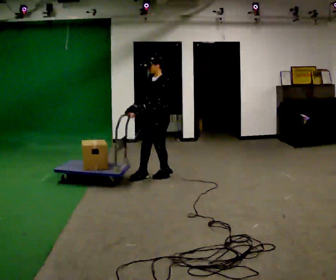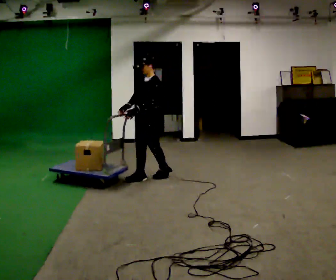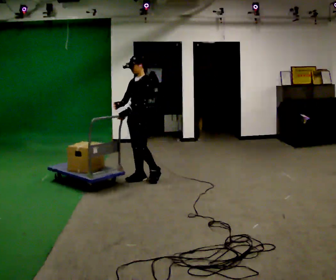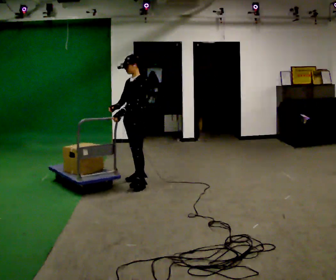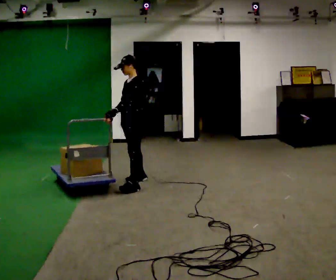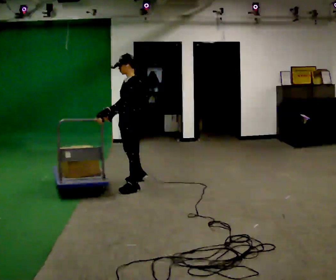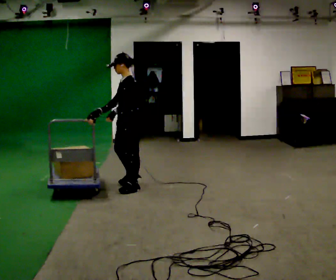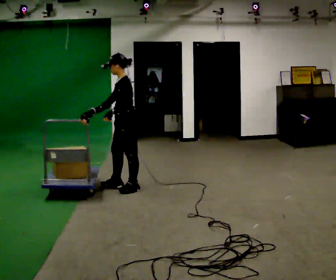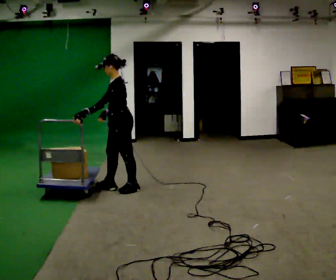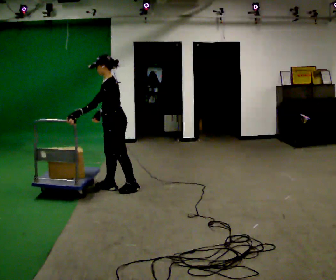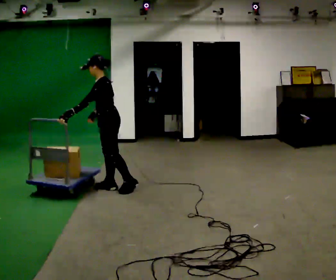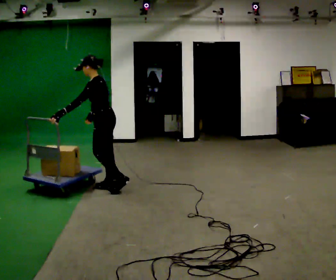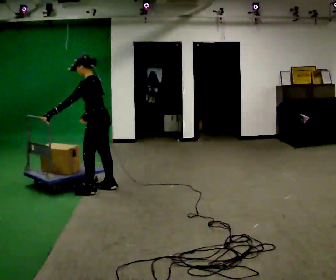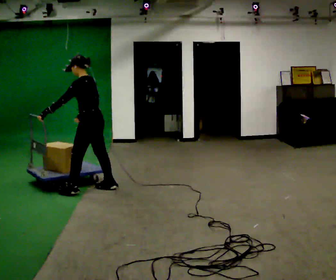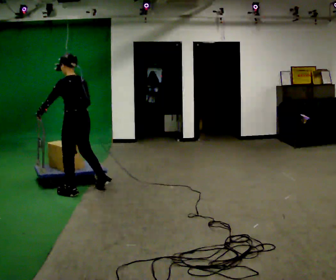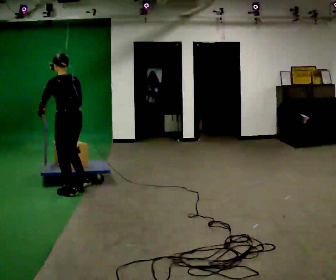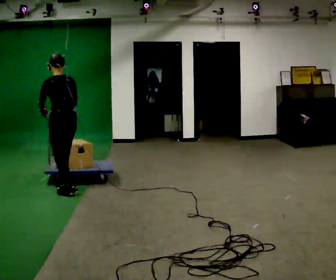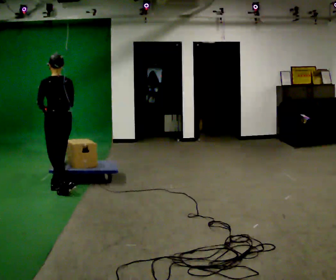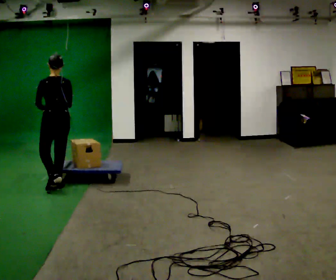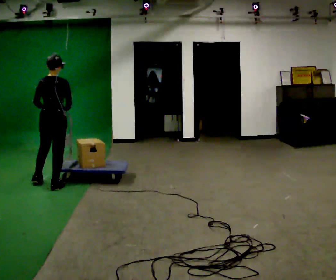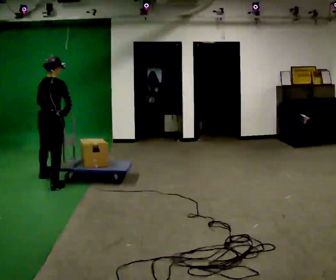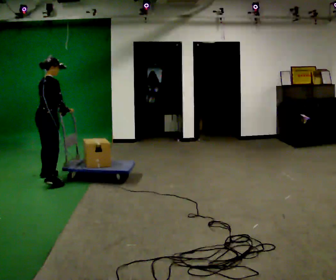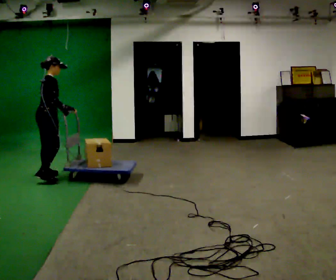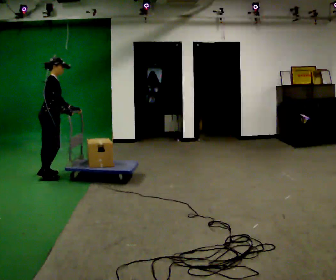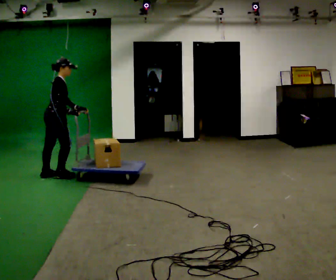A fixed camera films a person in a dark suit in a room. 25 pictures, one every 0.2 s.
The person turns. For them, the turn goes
to their right.
The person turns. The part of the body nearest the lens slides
to the left.
0.0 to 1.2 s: In the picture they go toward the camera and to the left, about 0.5 m in 2 steps, which for them is forward.
1.2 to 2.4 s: In the picture they go to the left, about 0.25 m in 1 step, which for them is forward.
2.4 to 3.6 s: Seen from above the body turns clockwise, about 60 degrees: to their right, with its near side sliding to the left. In the picture they go to the left, about 0.5 m in 2 steps, which for them is to their left and forward.
3.6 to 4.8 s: The part of the body nearest the lens slides to the left as the person turns to their right by about 90 degrees. In the picture they go away from the camera, about 0.5 m in 1 step. In the picture the upper body tilts clockwise, shoulders to the right, as they bend forward.
The film runs forward here.
